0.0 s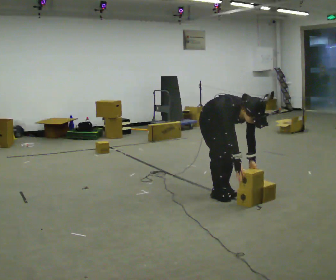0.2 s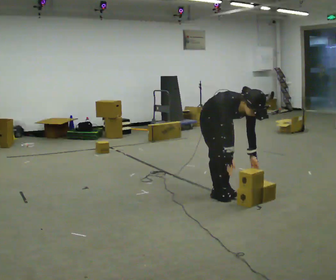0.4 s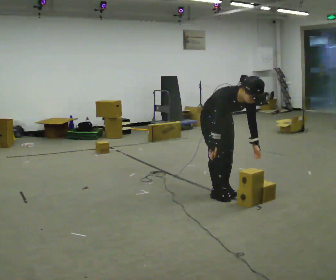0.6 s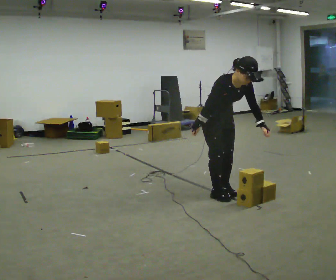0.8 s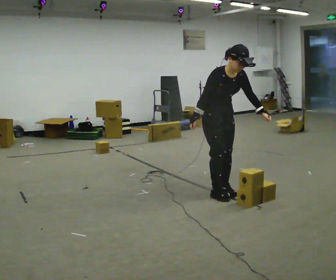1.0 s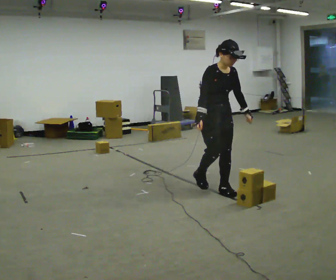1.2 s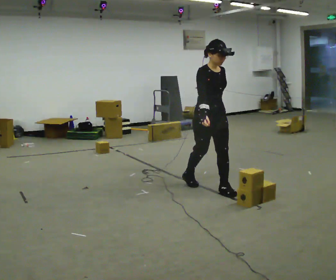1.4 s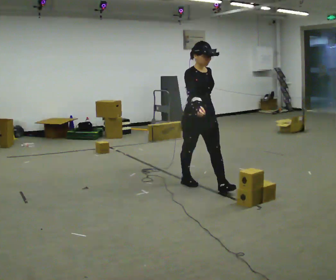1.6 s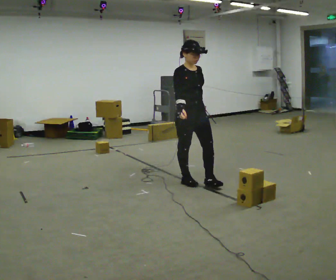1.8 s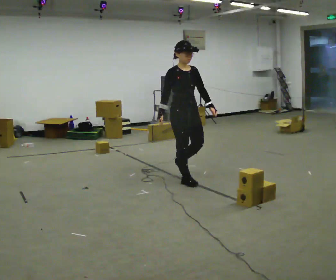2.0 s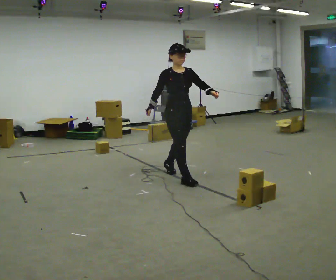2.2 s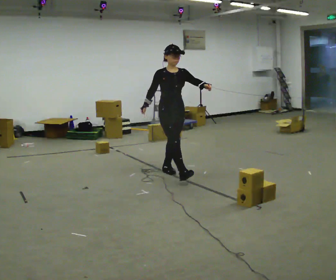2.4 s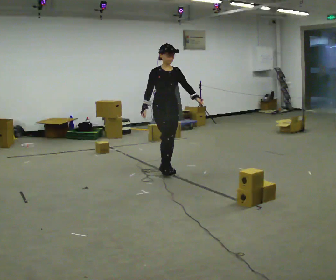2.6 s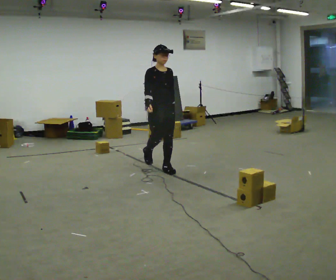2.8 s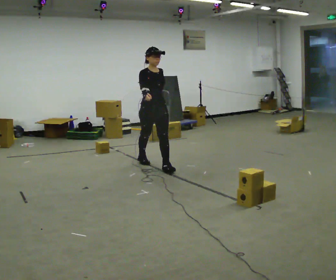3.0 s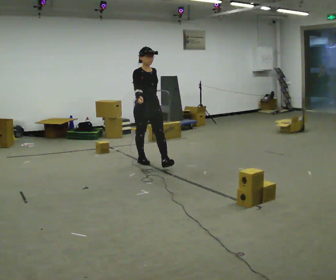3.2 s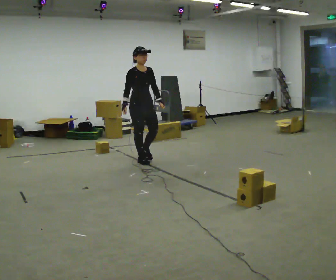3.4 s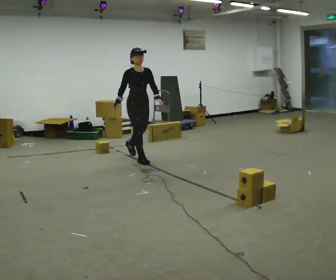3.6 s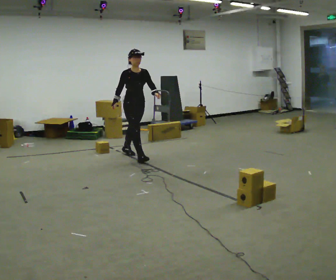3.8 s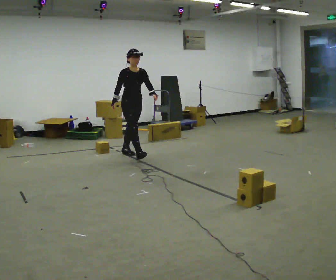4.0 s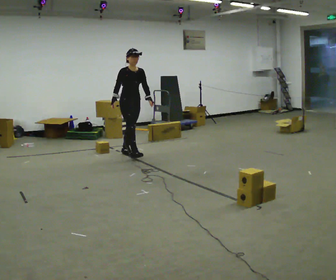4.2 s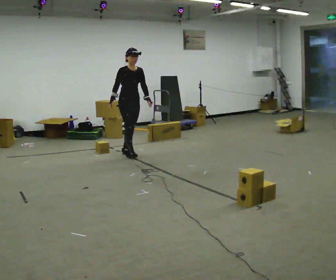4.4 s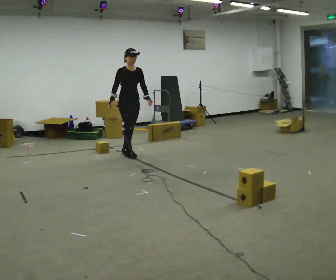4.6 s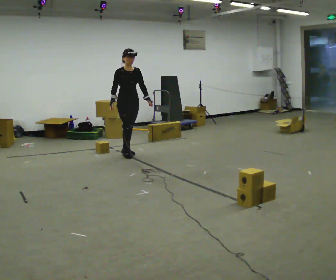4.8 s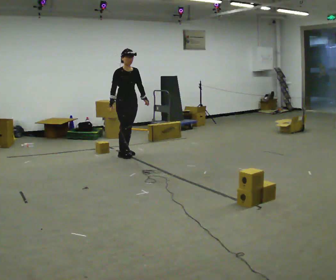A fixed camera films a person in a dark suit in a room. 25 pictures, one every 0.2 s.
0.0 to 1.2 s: The upper body goes upward. The upper body tips away from the camera, its near side rolling upward, as they lean back or straighten. In the picture their right hand goes upward and to the left.
1.2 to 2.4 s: In the picture they go away from the camera and to the left, about 1 m in 2 steps, which for them is backward.
2.4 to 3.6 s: In the picture they go away from the camera and to the left, about 1 m in 1 step, which for them is backward.
3.6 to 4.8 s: In the picture they go away from the camera and to the left, about 0.25 m in 2 steps, which for them is backward.
The film runs backward here.
